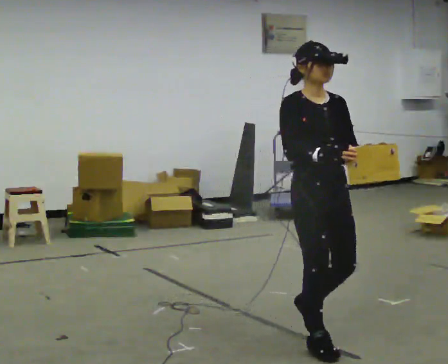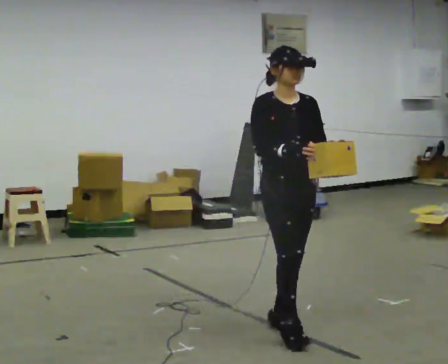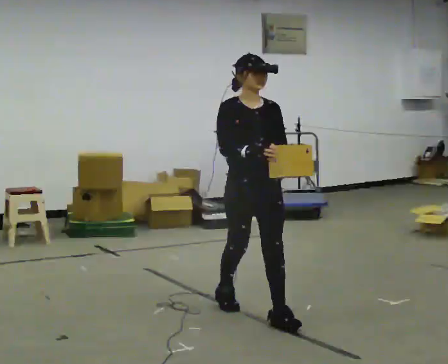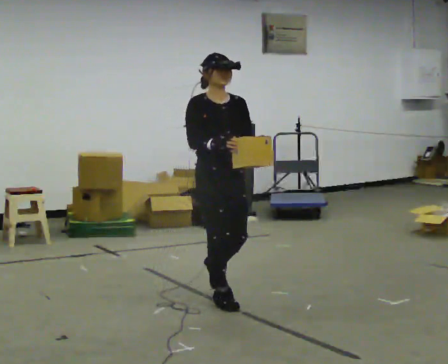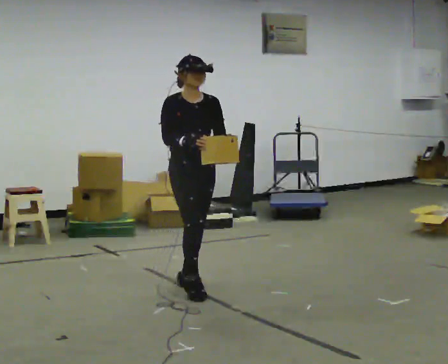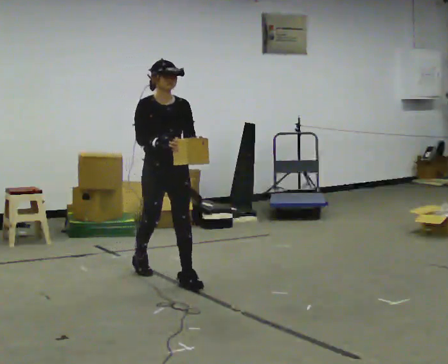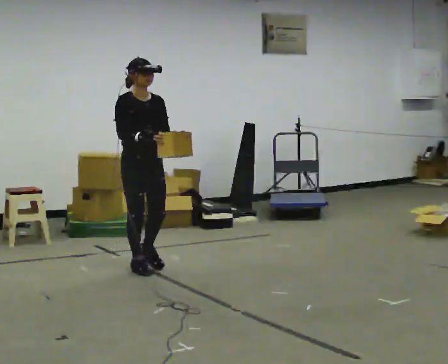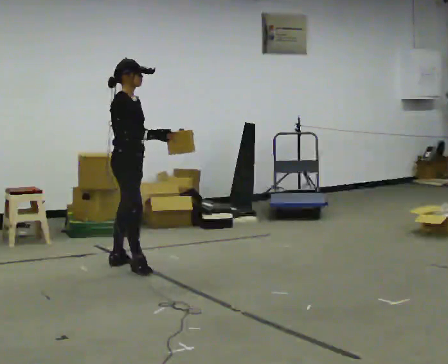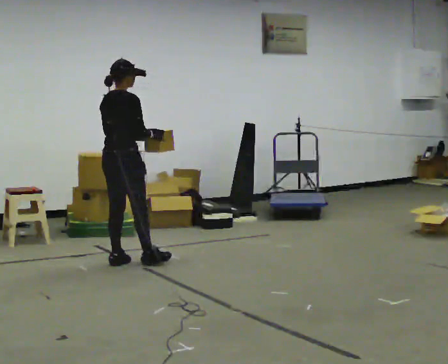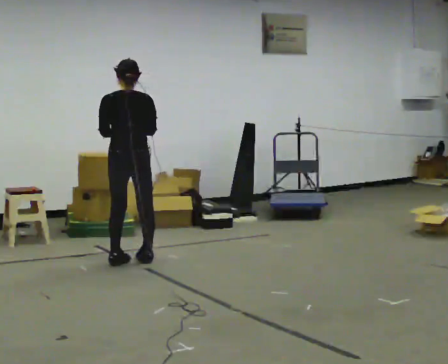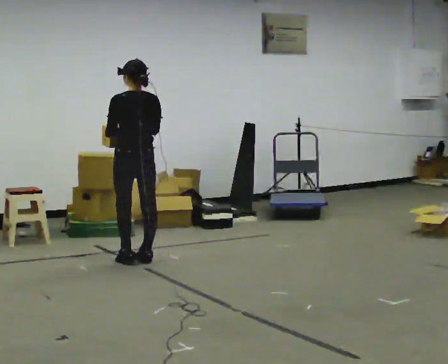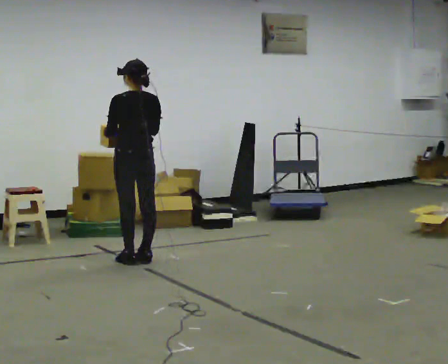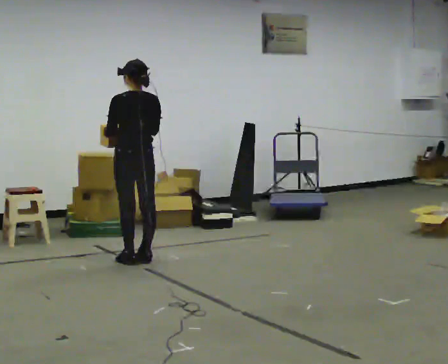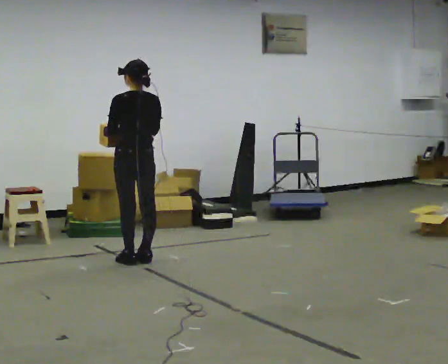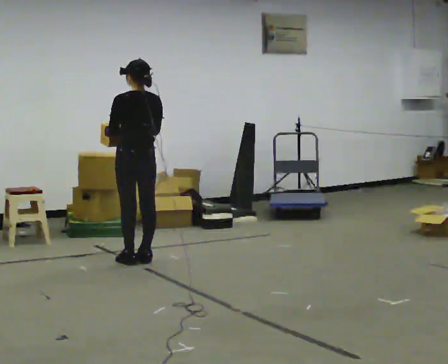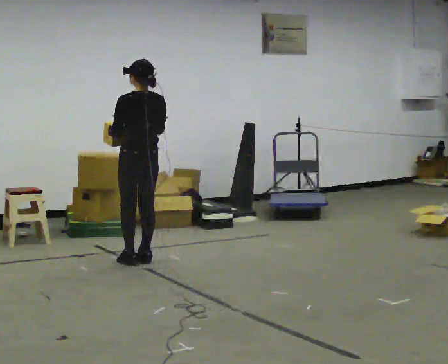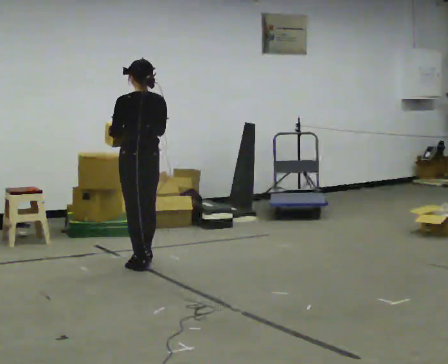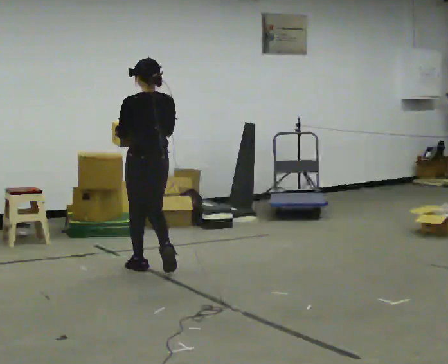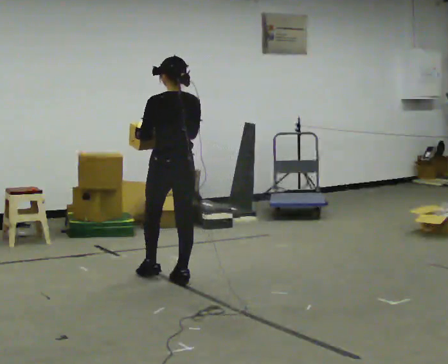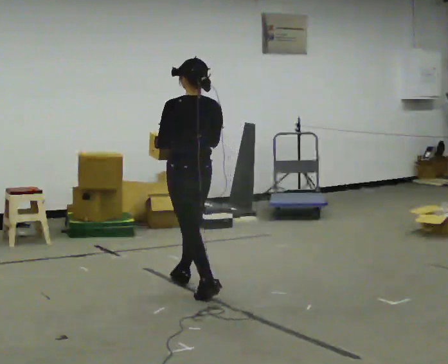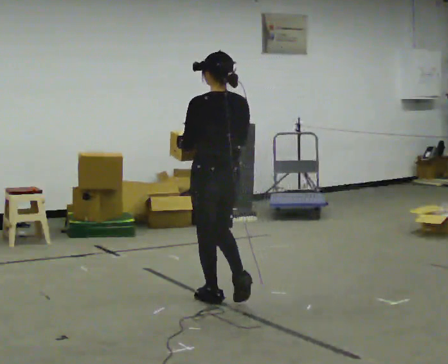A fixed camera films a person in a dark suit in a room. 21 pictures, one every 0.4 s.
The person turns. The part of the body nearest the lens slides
to the right.
The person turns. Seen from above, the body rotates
counterclockwise.
0.0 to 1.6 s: In the picture they go away from the camera and to the left, about 1.5 m in 3 steps, which for them is backward.
1.6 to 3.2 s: The part of the body nearest the lens slides to the right as the person turns to their left by about 105 degrees. In the picture they go away from the camera and to the left, about 1 m in 2 steps.
3.2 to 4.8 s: Seen from above the body turns counterclockwise, about 75 degrees: to their left, with its near side sliding to the right.
4.8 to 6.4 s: The person moves a little, or ends about where they began.
6.4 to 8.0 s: In the picture they go toward the camera and to the right, about 1 m in 3 steps, which for them is backward.
The film runs backward here.
